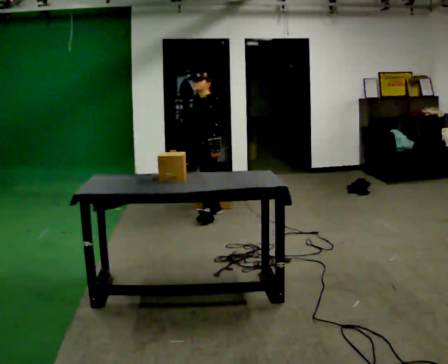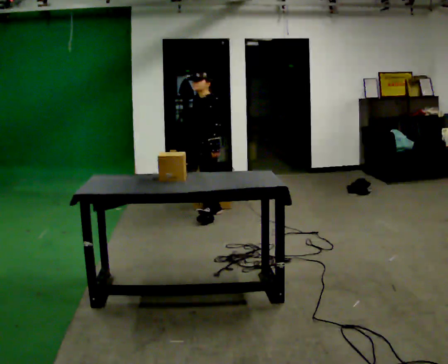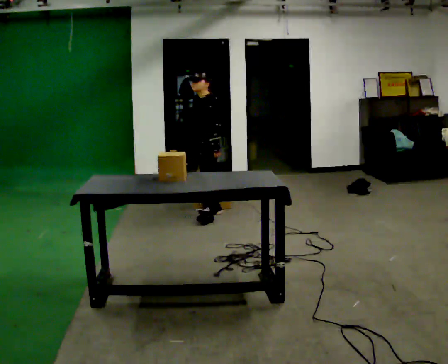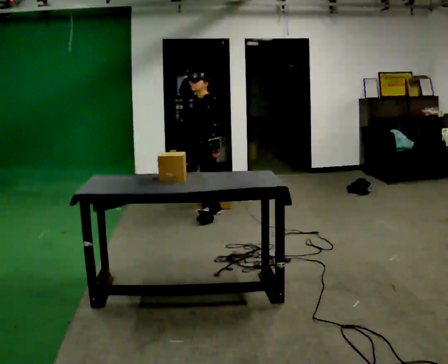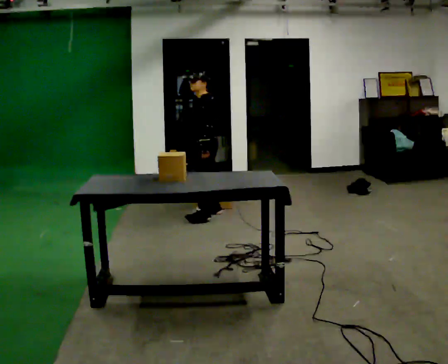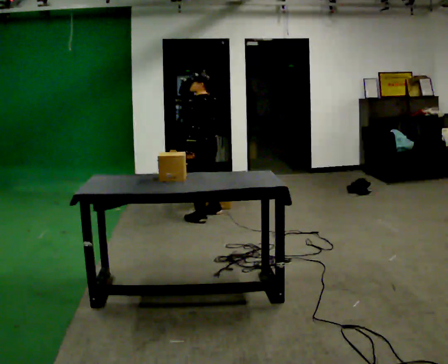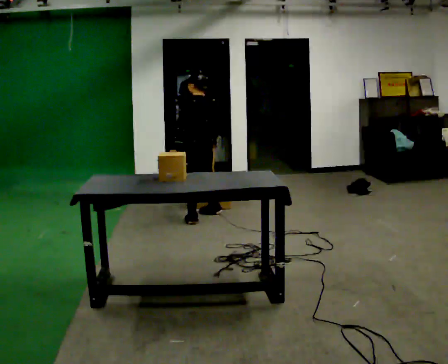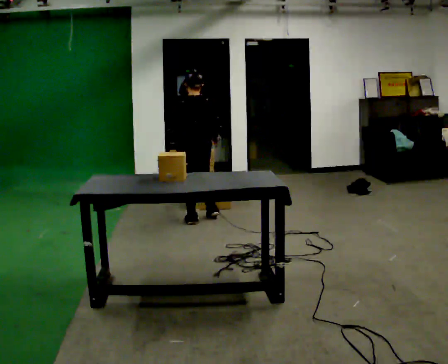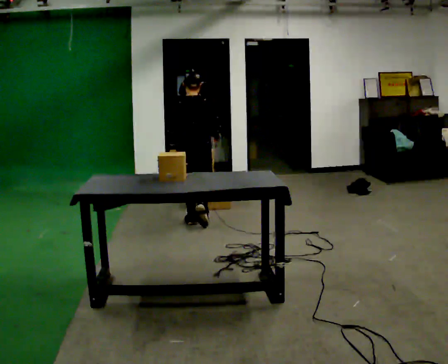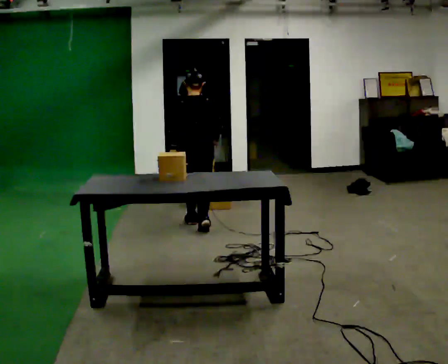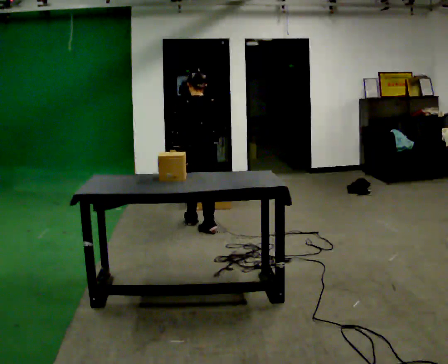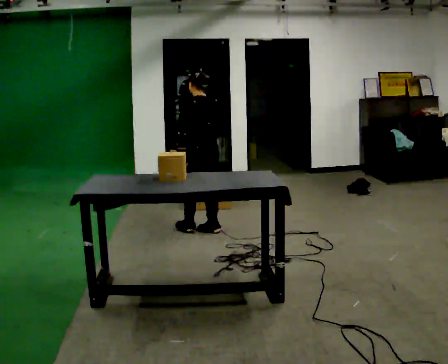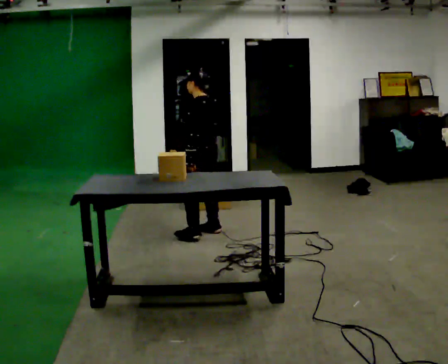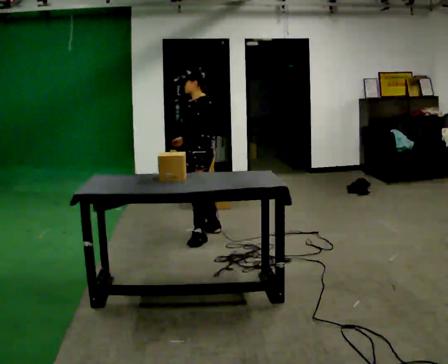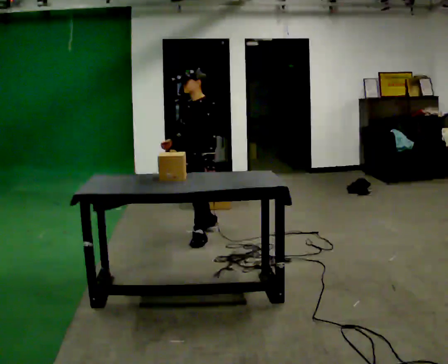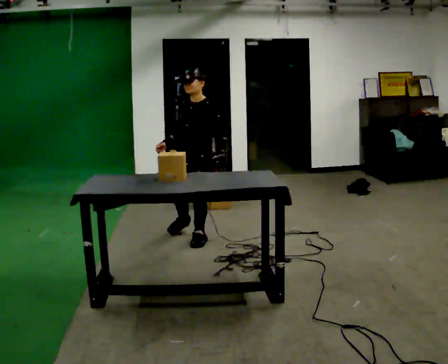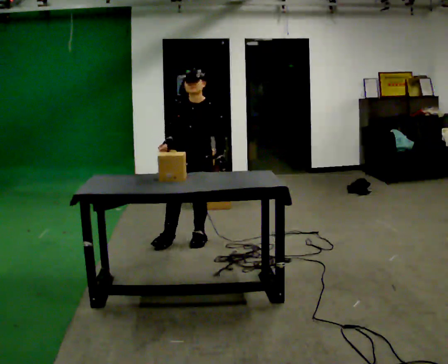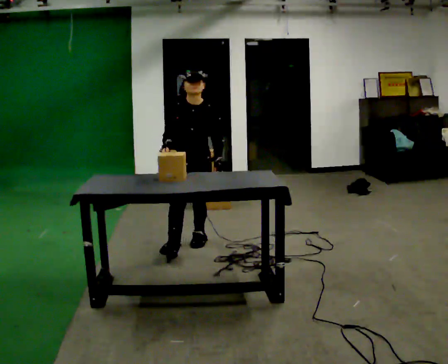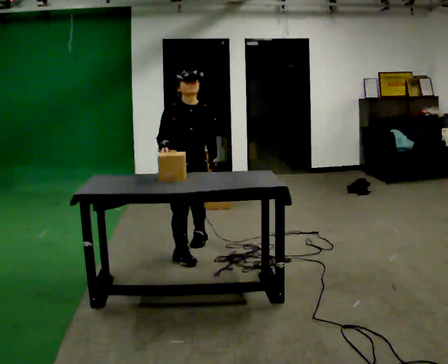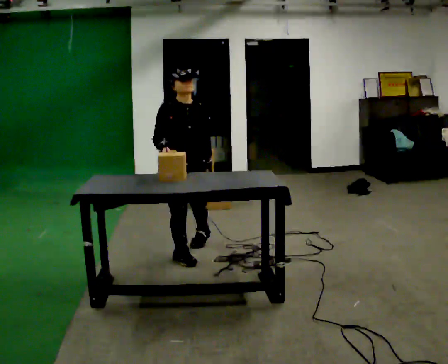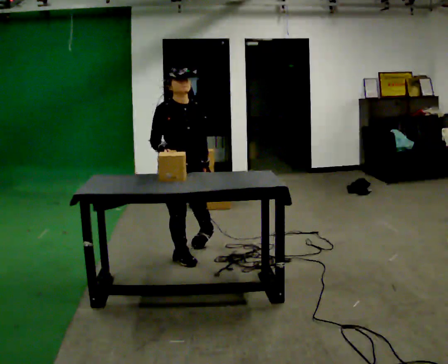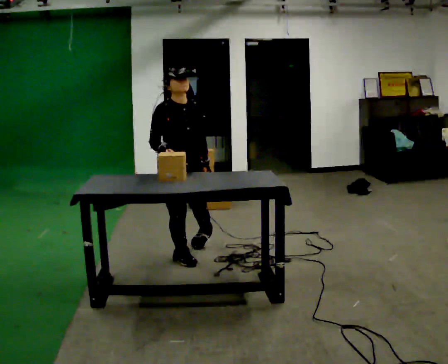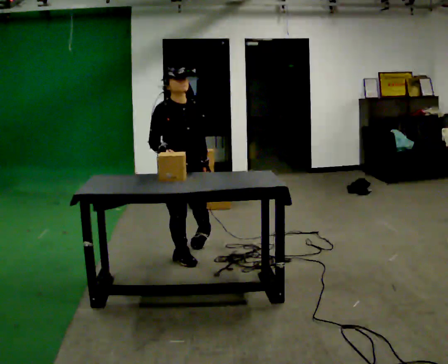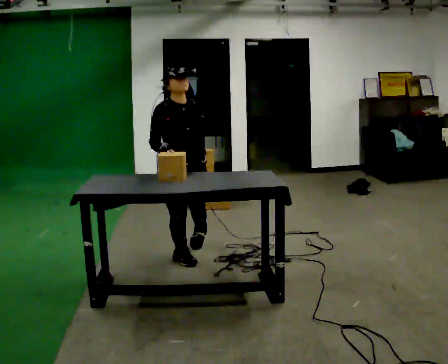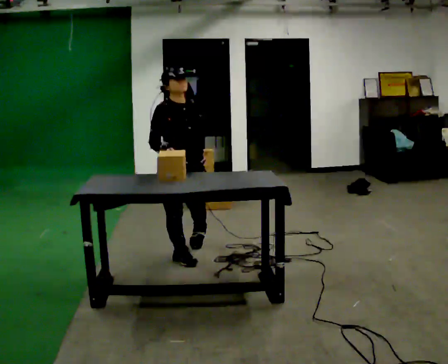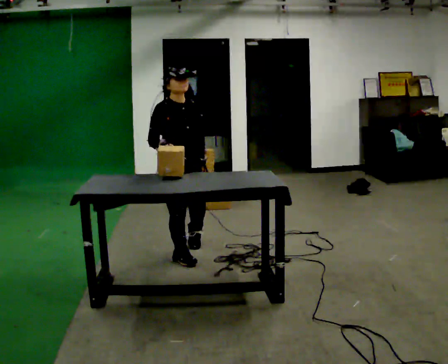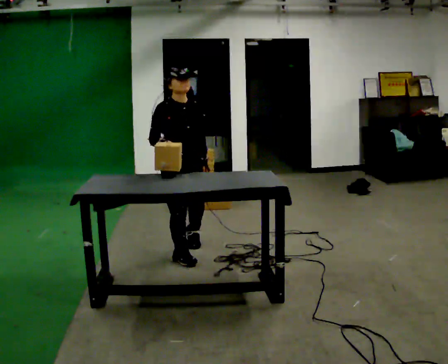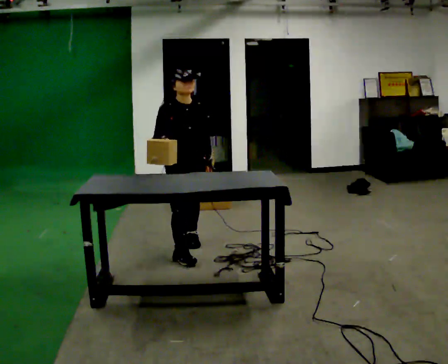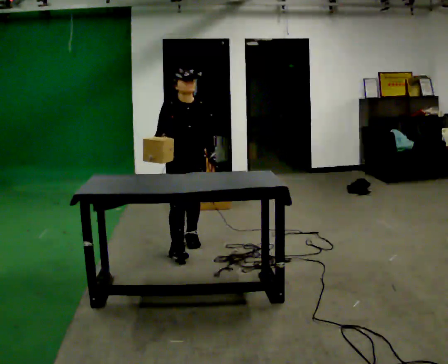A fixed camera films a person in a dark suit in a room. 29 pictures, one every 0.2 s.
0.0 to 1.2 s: The part of the body nearest the lens slides to the left as the person turns to their right by about 60 degrees. In the picture their left hand goes to the left.
1.2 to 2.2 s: In the picture they go toward the camera, about 0.5 m in 2 steps, which for them is backward.
2.2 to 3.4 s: The person turns about 150 degrees to their left, counterclockwise seen from above, so the part of the body nearest the lens slides to the right. In the picture they go toward the camera, about 0.5 m in 1 step.
3.4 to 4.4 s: Seen from above the body turns counterclockwise, about 45 degrees: to their left, with its near side sliding to the right. In the picture they go toward the camera, about 0.25 m, which for them is forward and to their right.
4.4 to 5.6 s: In the picture they go away from the camera, about 0.25 m in 1 step, which for them is to their left and backward.
The film runs backward here.
